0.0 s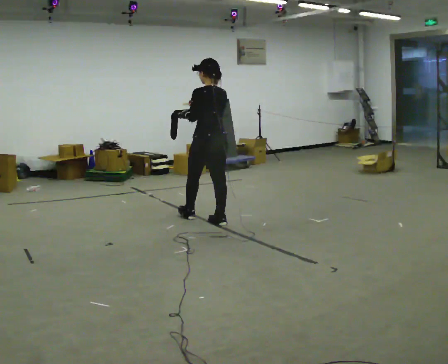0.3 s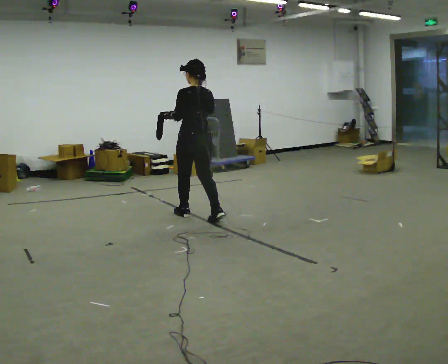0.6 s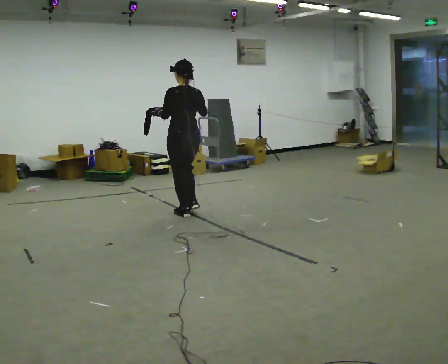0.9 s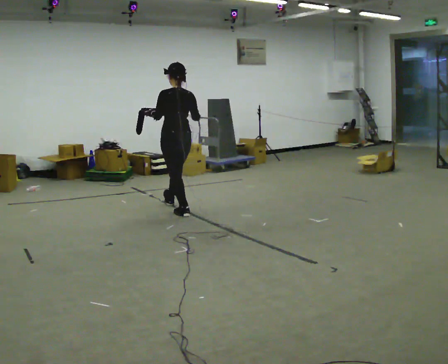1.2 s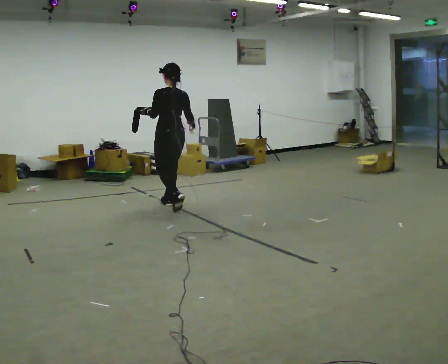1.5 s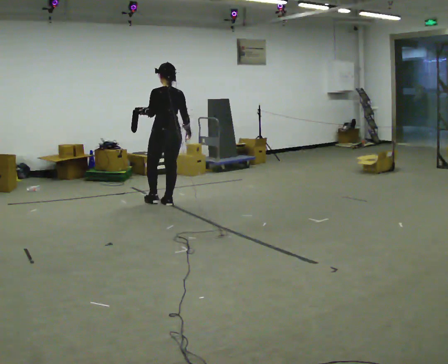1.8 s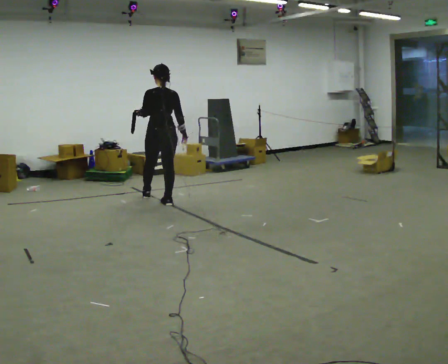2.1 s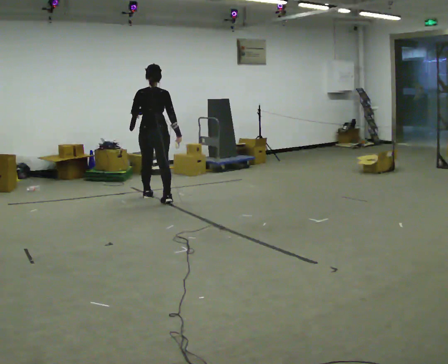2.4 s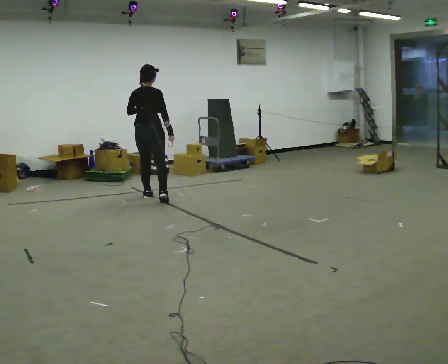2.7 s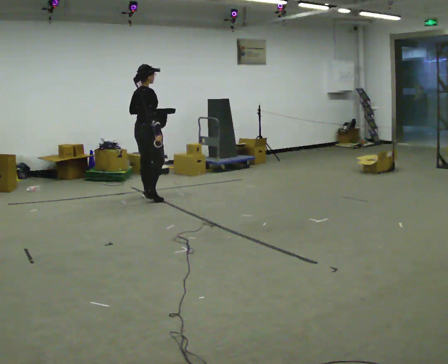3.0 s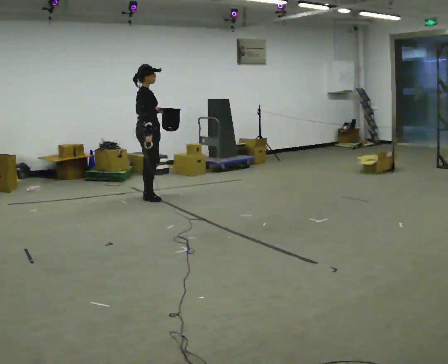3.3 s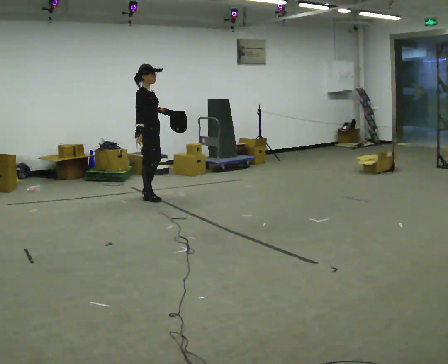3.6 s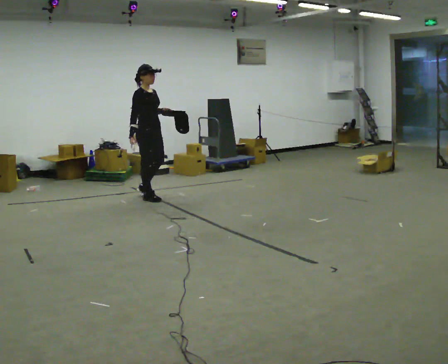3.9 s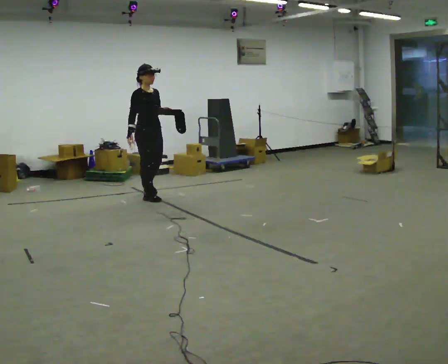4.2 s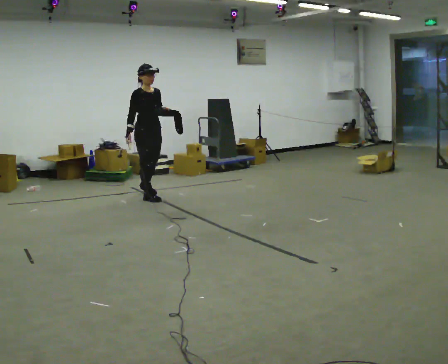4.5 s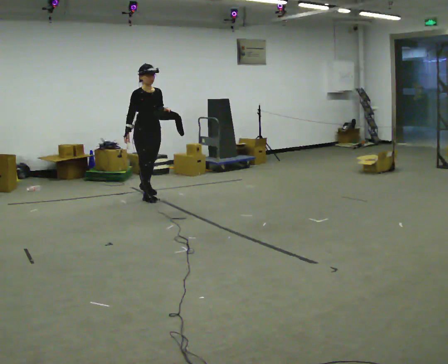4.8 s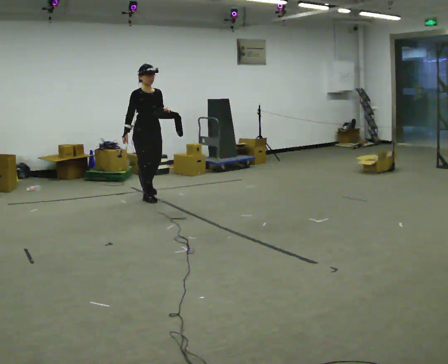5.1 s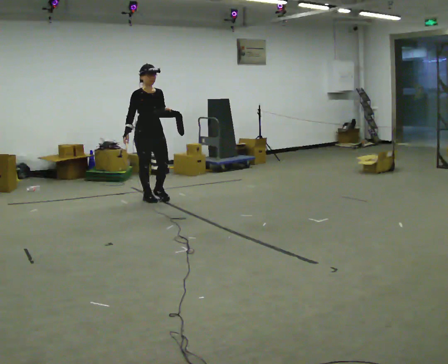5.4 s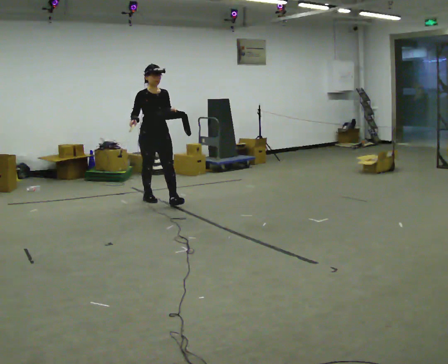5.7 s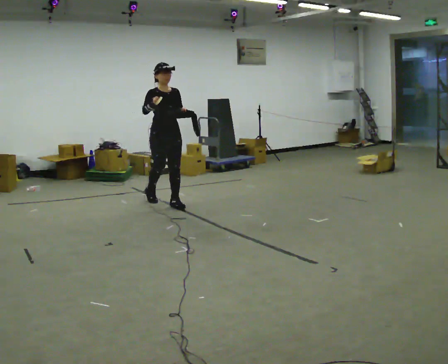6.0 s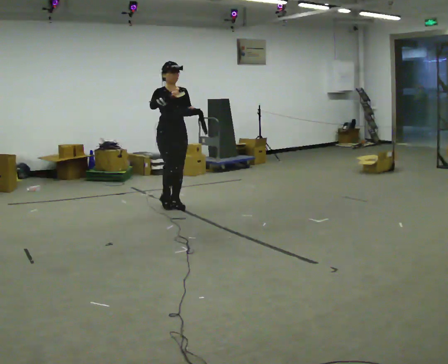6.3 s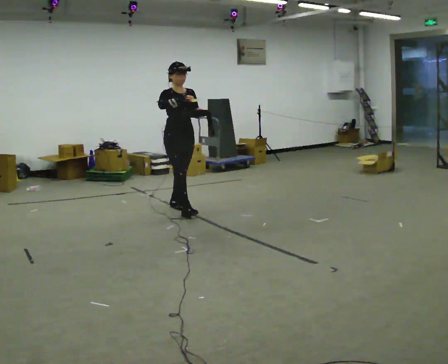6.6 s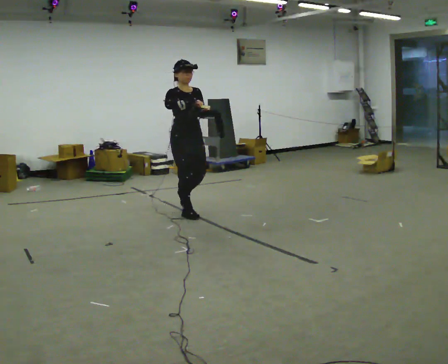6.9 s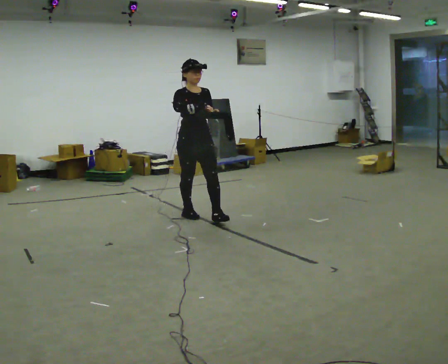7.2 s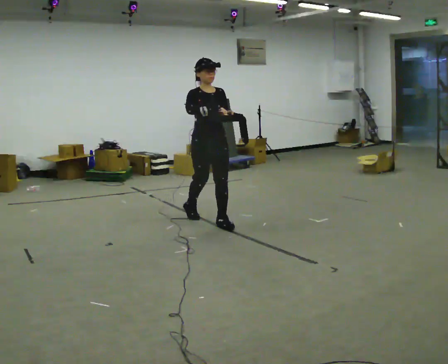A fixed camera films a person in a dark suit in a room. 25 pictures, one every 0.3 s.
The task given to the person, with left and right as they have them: Carry the open container and, while walking, reach in with one hand and take an item out, then put it back. Repeat as you walk. Do not stop.
0.0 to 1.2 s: In the picture they go away from the camera and to the left, about 1 m in 2 steps, which for them is forward.
1.2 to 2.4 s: The part of the body nearest the lens slides to the left as the person turns to their right by about 60 degrees. In the picture they go away from the camera and to the left, about 0.5 m in 1 step, which for them is forward and to their left.
2.4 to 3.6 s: The part of the body nearest the lens slides to the left as the person turns to their right by about 90 degrees. In the picture their right hand goes to the left, the arm swinging clockwise.
3.6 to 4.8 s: The part of the body nearest the lens slides to the left as the person turns to their right by about 30 degrees.
4.8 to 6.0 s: In the picture they go toward the camera and to the right, about 0.5 m in 1 step, which for them is forward. In the picture their right hand goes upward.
6.0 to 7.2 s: In the picture they go toward the camera and to the right, about 1 m in 2 steps, which for them is forward.
The film runs forward here.
